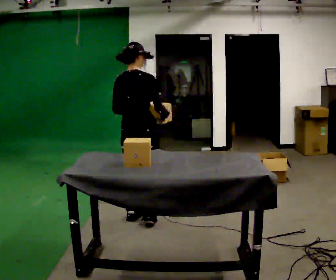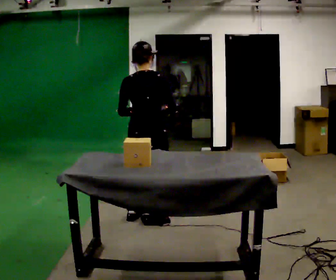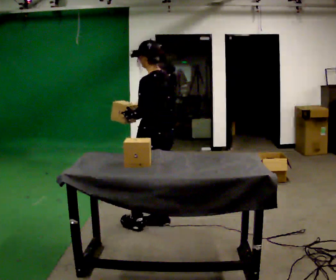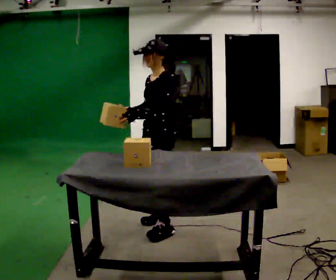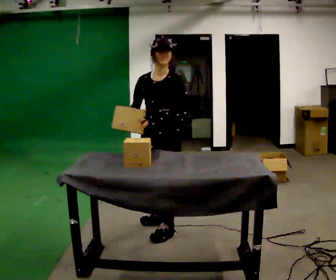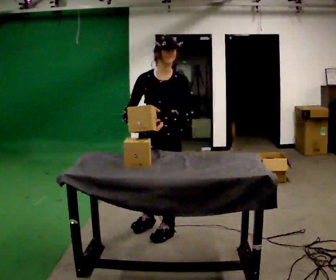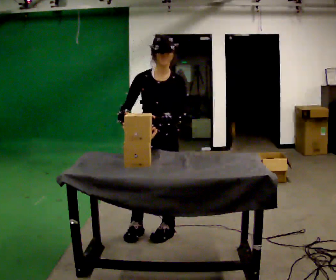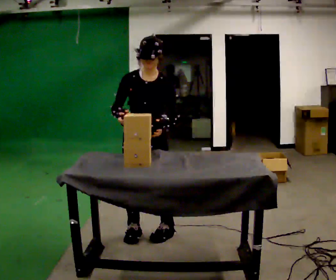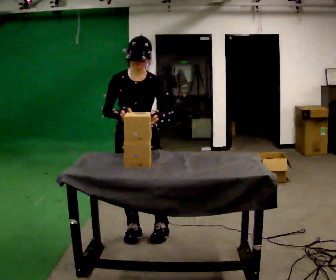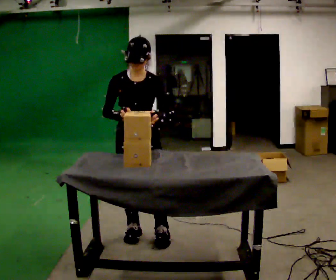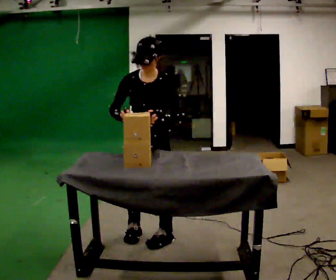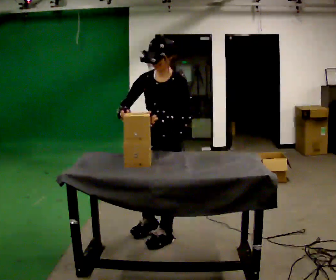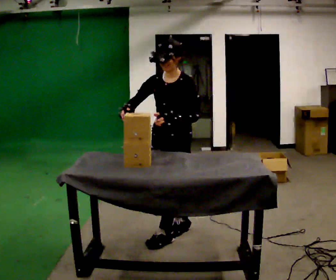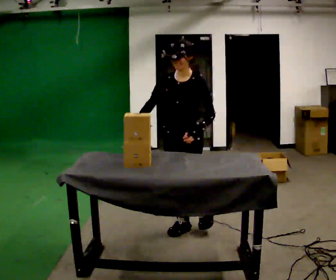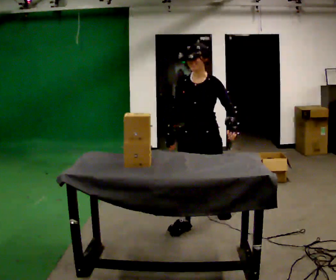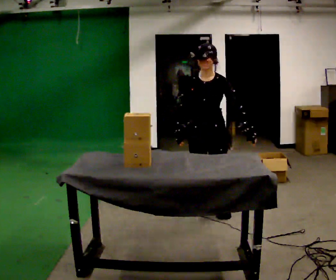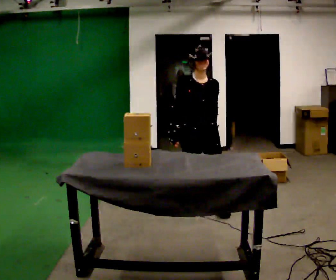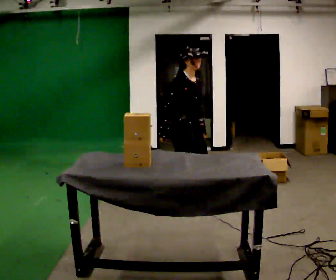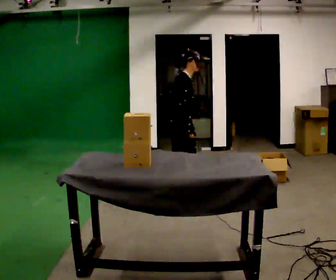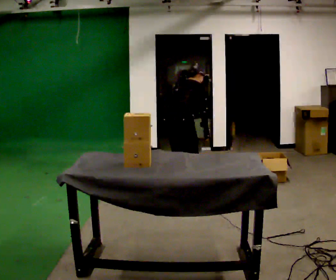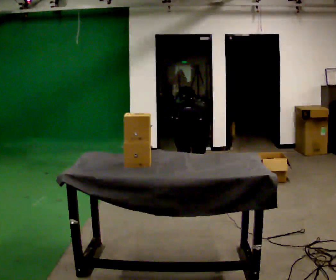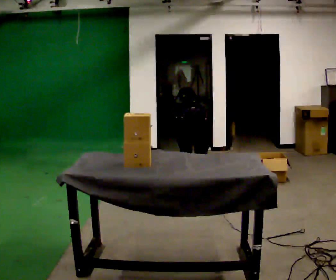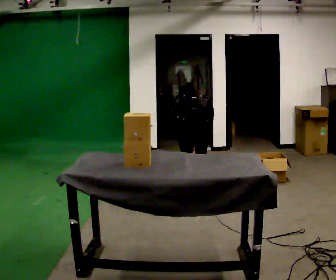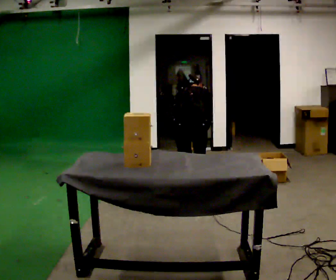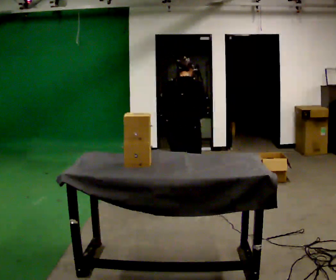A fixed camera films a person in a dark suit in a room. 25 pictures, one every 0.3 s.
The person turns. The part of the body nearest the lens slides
to the right.
The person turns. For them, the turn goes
to their left.
0.0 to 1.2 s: The person turns about 165 degrees to their left, counterclockwise seen from above, so the part of the body nearest the lens slides to the right. In the picture they go to the right and toward the camera, about 0.25 m in 1 step.
1.2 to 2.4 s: Seen from above the body turns counterclockwise, about 45 degrees: to their left, with its near side sliding to the right. In the picture they go to the left, about 0.25 m in 1 step, which for them is to their right and forward.
2.4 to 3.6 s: Seen from above the body turns clockwise, about 30 degrees: to their right, with its near side sliding to the left. In the picture they go to the right, about 0.25 m in 1 step, which for them is to their left.
3.6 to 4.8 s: Seen from above the body turns counterclockwise, about 45 degrees: to their left, with its near side sliding to the right. In the picture they go away from the camera, about 0.75 m in 2 steps, which for them is backward.
4.8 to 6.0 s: The person turns about 150 degrees to their left, counterclockwise seen from above, so the part of the body nearest the lens slides to the right. In the picture they go away from the camera and to the left, about 0.5 m in 2 steps. The upper body goes downward. The upper body tips away from the camera, its near side rolling upward, as they bend forward. In the picture their right hand goes downward.
6.0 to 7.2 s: In the picture they go toward the camera, about 0.25 m in 2 steps, which for them is backward. In the picture their right hand goes upward.
The film runs backward here.
